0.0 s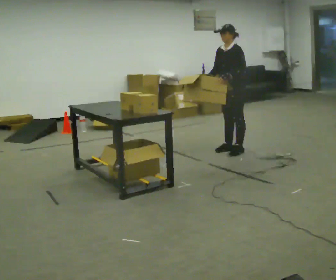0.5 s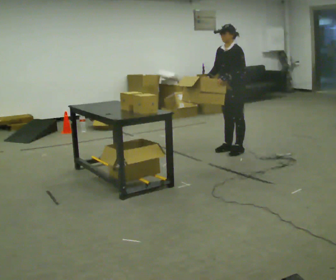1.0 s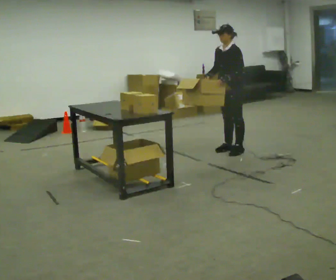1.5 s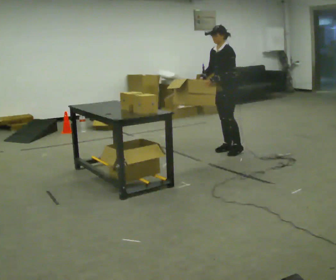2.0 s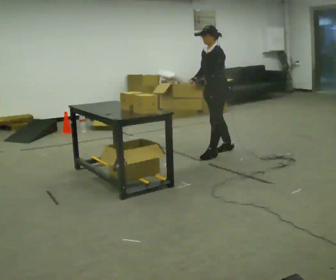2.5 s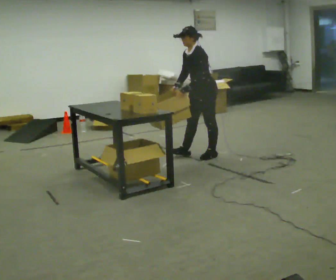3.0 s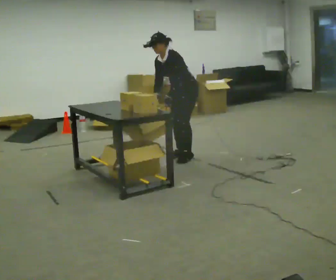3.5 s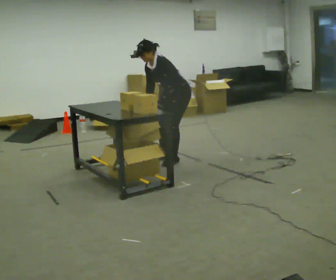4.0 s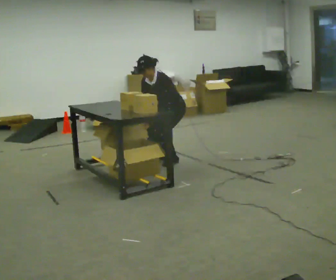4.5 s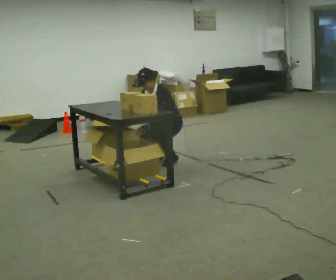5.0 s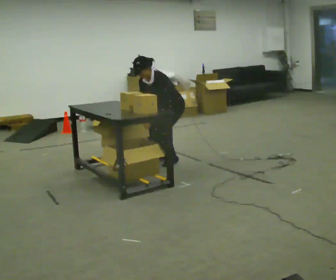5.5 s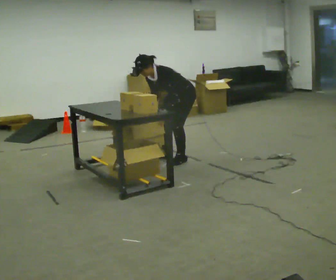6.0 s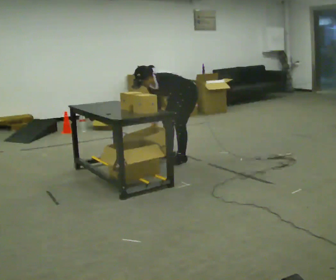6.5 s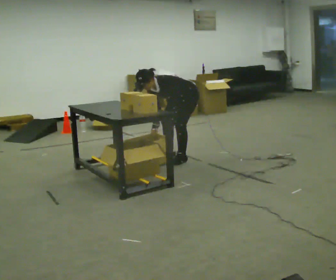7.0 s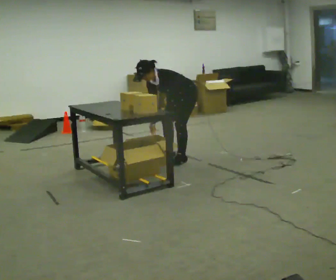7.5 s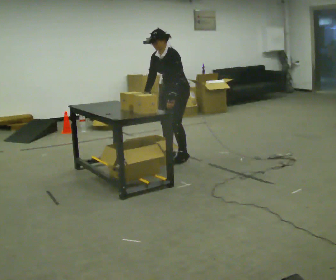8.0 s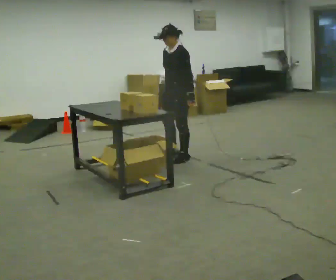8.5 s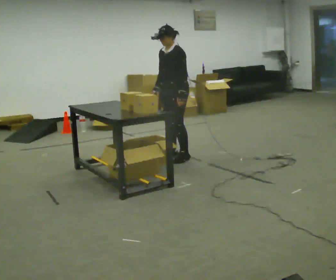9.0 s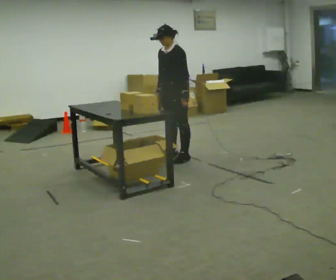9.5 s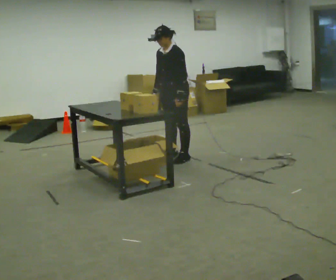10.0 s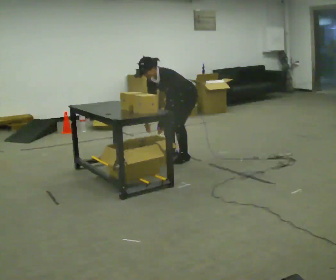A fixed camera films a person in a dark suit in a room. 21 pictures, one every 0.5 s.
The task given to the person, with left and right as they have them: 1. Take everything out of the crates by the door. 2. Put the small items on the middle shelf. 3. Put the large items on the bottom shelf. 4. Stack the empty crates by the door. 5. Tell the operator when you are finished.
0.0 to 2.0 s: In the picture they go to the left, about 0.25 m in 1 step, which for them is forward. In the picture their left hand goes to the left.
2.0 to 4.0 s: In the picture they go to the left, about 0.5 m in 3 steps, which for them is forward. The upper body goes downward. The upper body tips toward the camera, its near side rolling downward, as they bend forward. In the picture their left hand goes downward.
4.0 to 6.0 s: In the picture they go to the right, about 0.25 m, which for them is backward. In the picture the upper body tilts counterclockwise, shoulders to the left, as they bend forward.
6.0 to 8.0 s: The shoulders move upward. In the picture the upper body tilts clockwise, shoulders to the right, as they lean back or straighten. In the picture their left hand goes upward.
8.0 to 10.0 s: The shoulders move downward. In the picture the upper body tilts counterclockwise, shoulders to the left, as they bend forward. In the picture their right hand goes downward.
The film runs forward here.
